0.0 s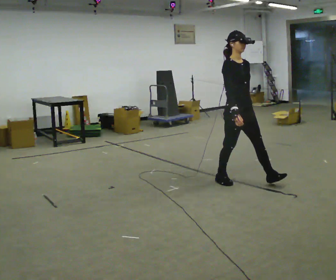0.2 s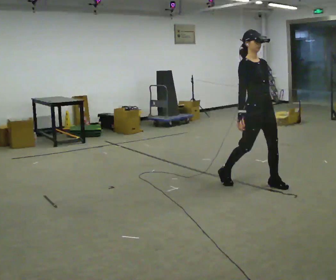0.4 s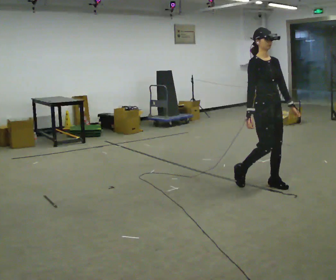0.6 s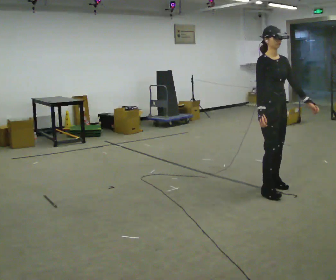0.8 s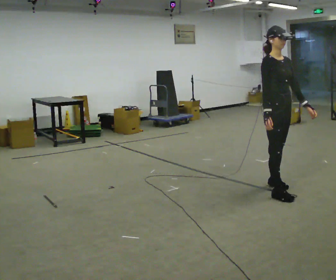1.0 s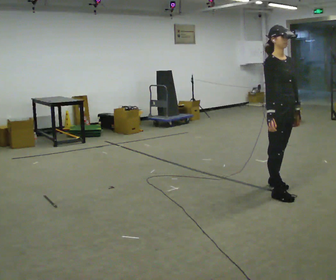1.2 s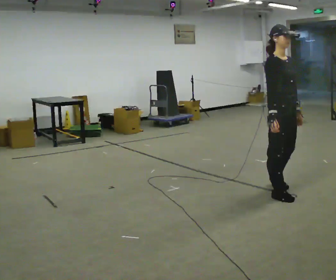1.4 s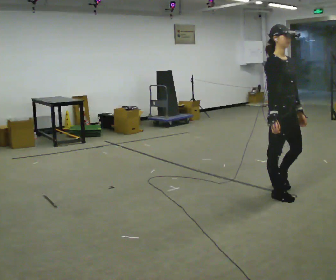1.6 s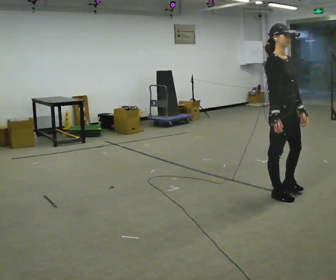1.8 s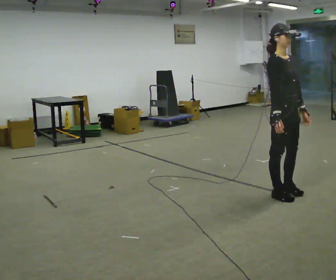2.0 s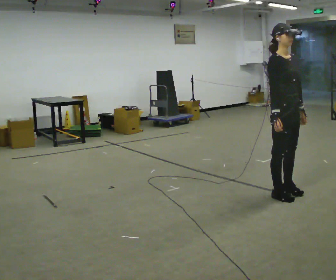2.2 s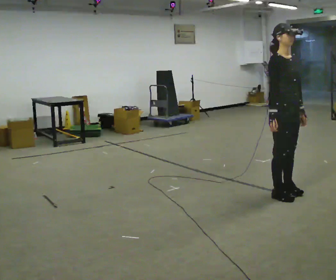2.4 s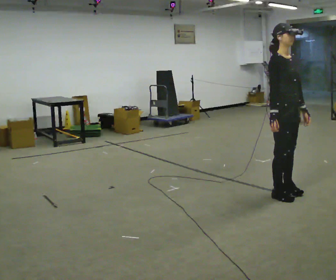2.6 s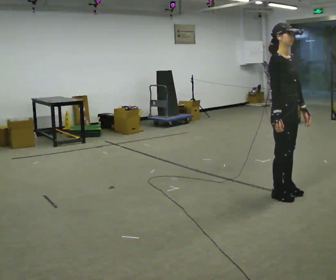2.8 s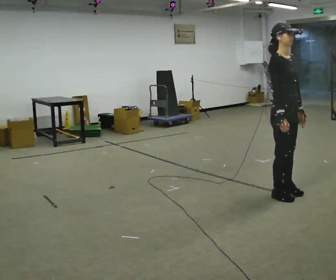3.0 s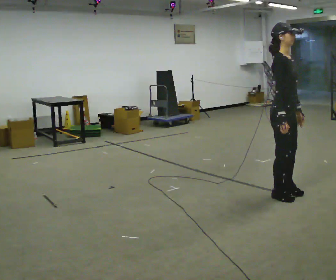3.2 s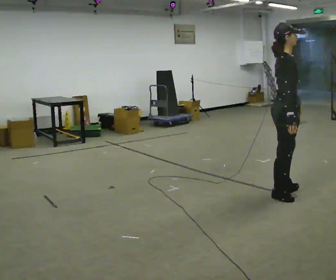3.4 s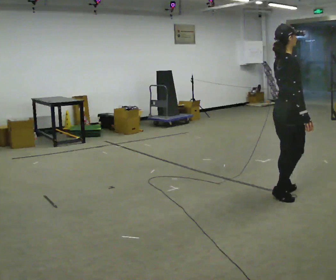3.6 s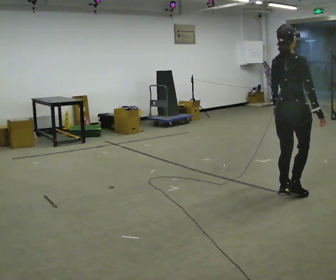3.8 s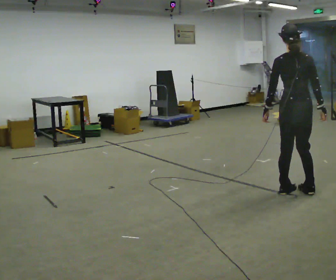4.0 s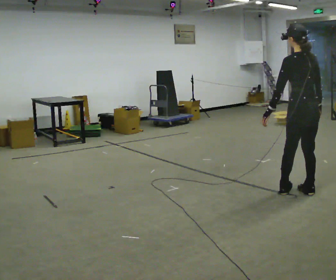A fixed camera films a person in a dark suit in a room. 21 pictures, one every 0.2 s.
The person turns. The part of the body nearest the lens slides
to the right.
The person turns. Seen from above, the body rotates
counterclockwise.
0.0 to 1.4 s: In the picture they go to the right and toward the camera, about 0.5 m in 2 steps, which for them is forward.
1.4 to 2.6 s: The person moves a little, or ends about where they began.
2.6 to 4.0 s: The part of the body nearest the lens slides to the right as the person turns to their left by about 150 degrees. In the picture they go to the right, about 0.25 m in 1 step.
The film runs forward here.
